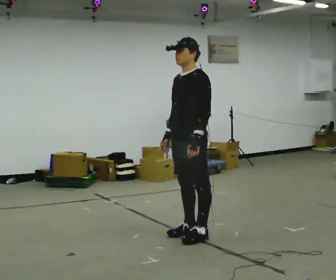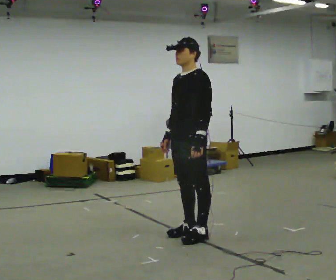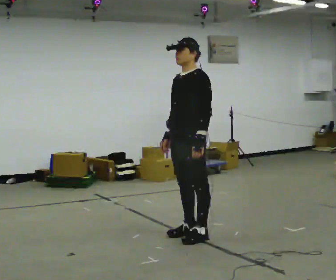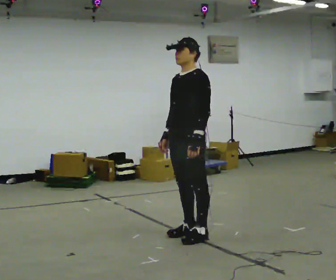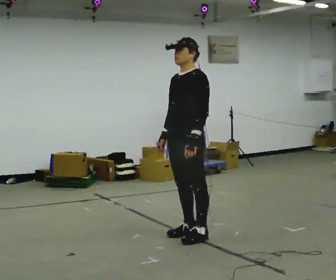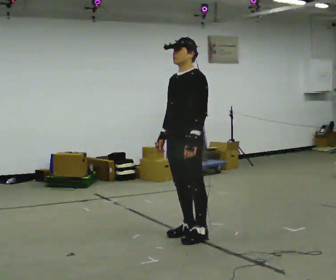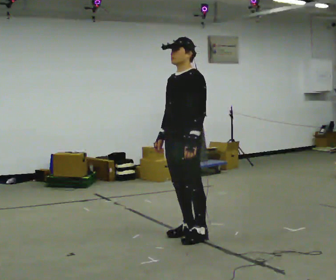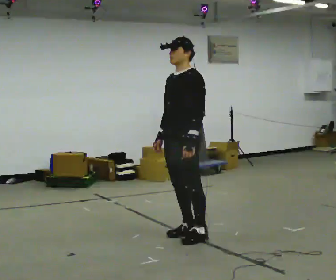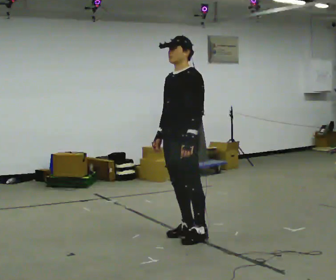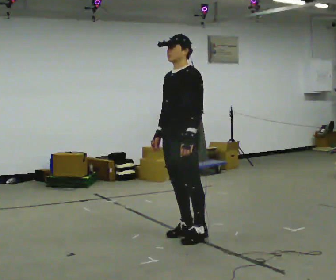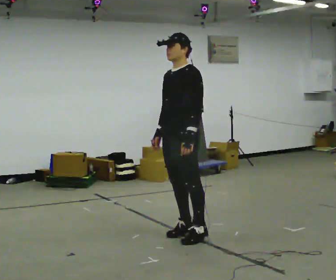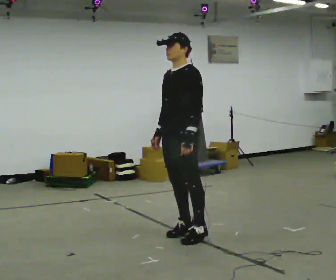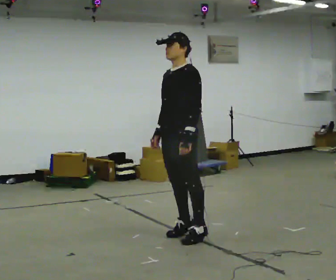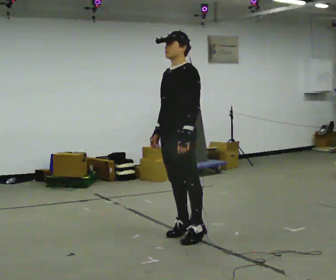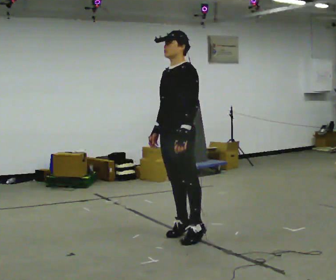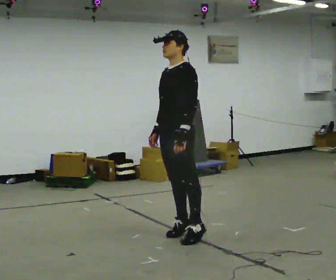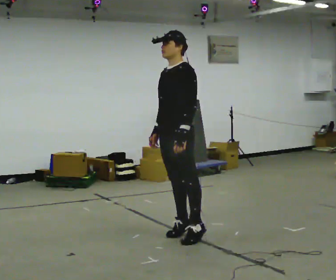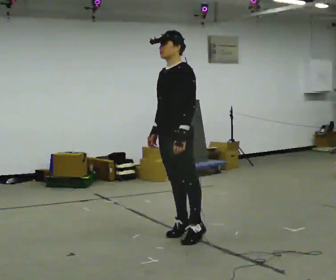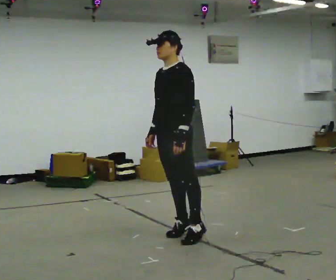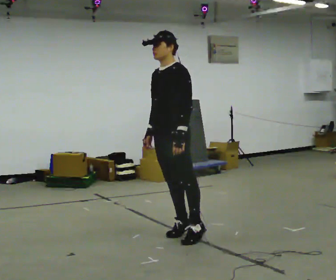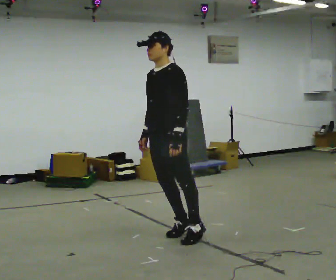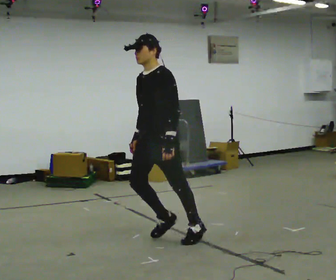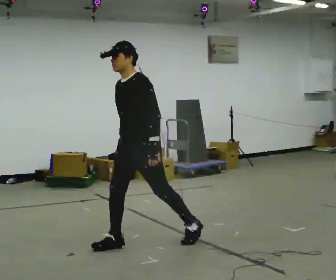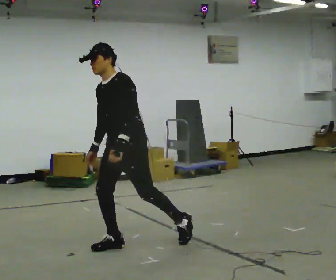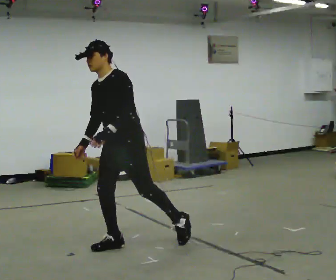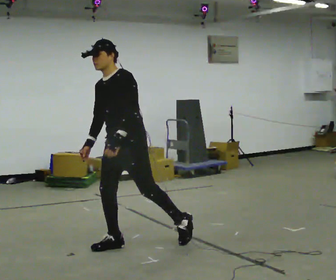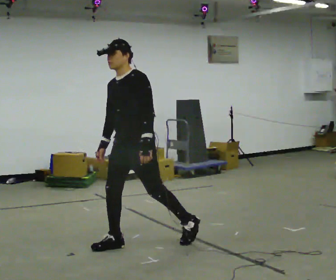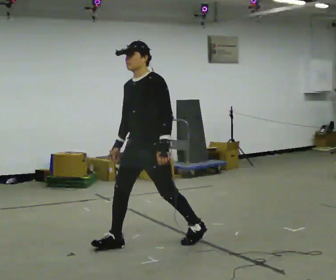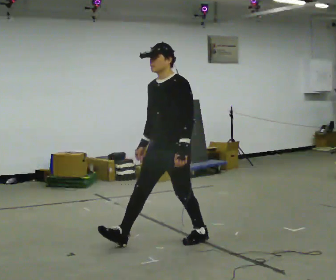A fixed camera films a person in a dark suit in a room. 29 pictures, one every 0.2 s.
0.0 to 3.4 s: The person moves a little, or ends about where they began.
3.4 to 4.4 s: In the picture they go to the left and toward the camera, about 0.25 m, which for them is forward.
4.4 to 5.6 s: In the picture they go to the right, about 0.25 m in 3 steps, which for them is backward and to their left.
The film runs forward here.
